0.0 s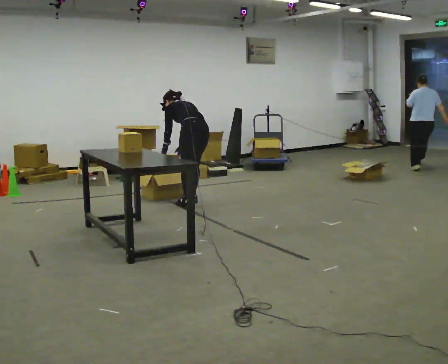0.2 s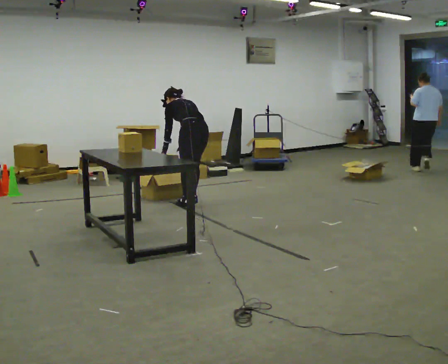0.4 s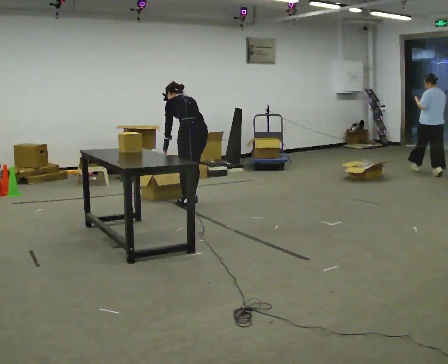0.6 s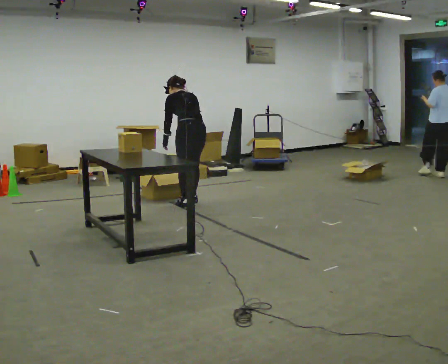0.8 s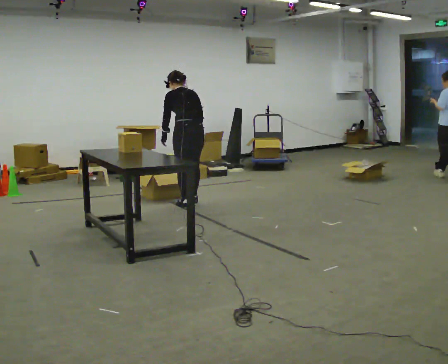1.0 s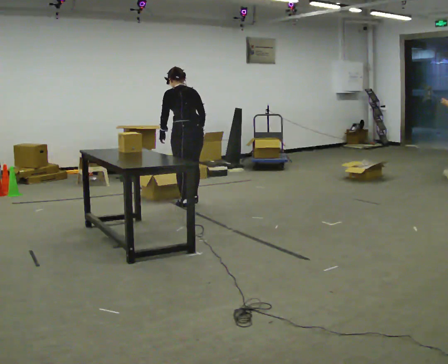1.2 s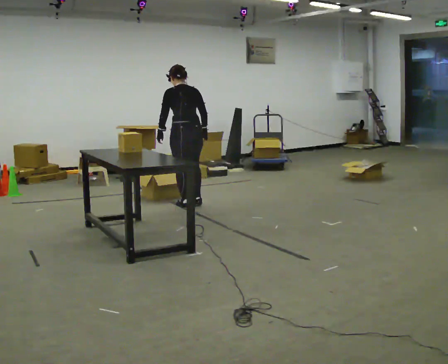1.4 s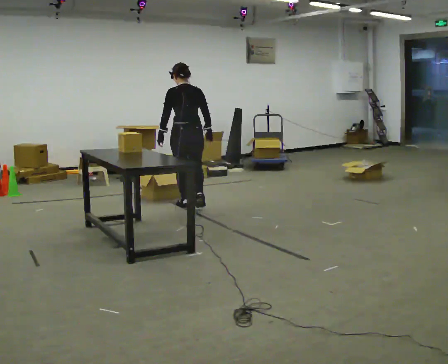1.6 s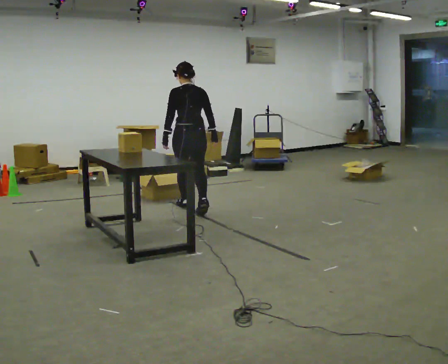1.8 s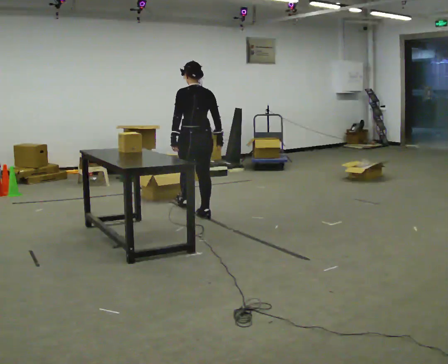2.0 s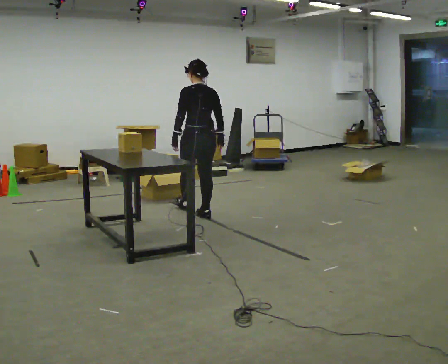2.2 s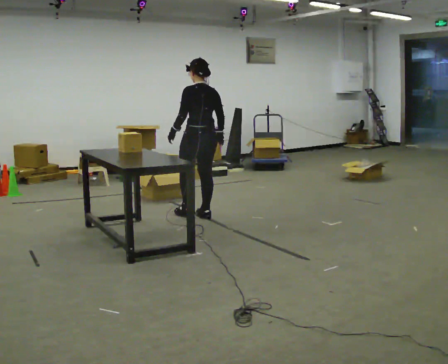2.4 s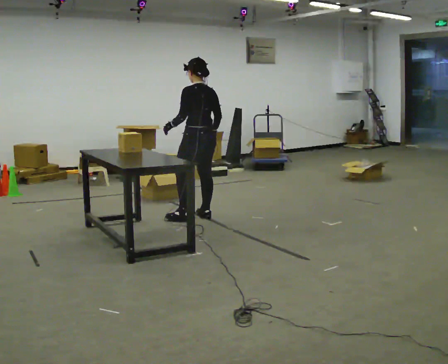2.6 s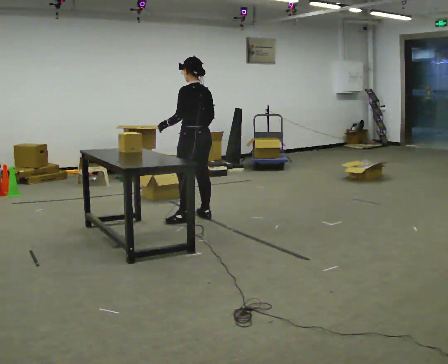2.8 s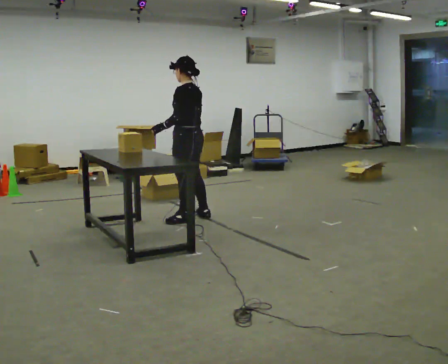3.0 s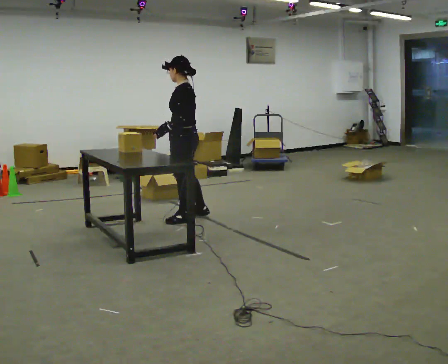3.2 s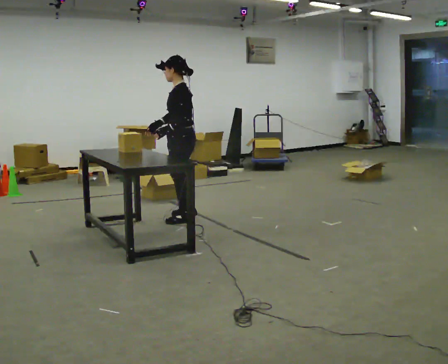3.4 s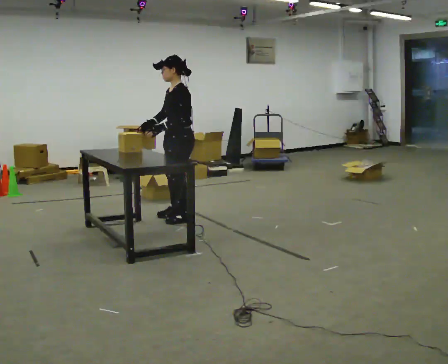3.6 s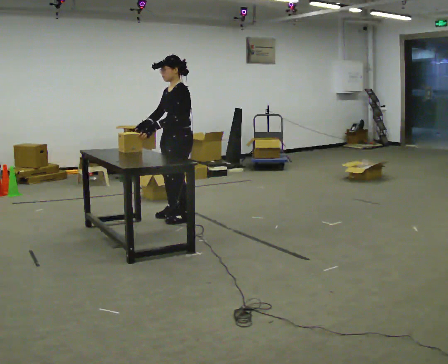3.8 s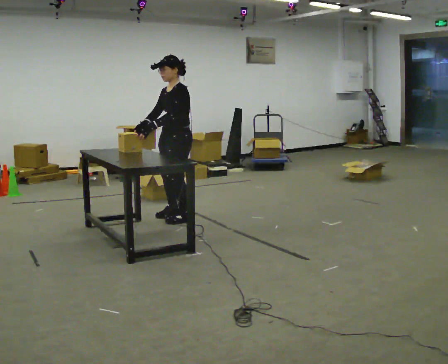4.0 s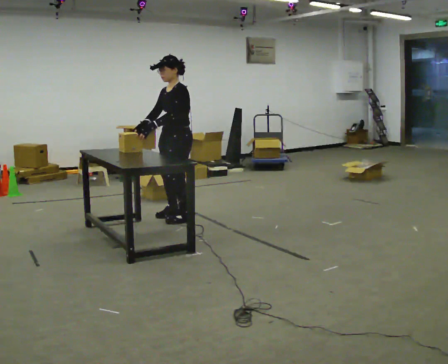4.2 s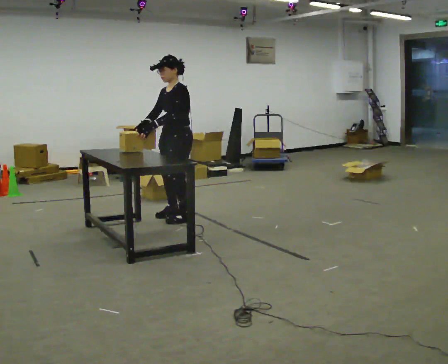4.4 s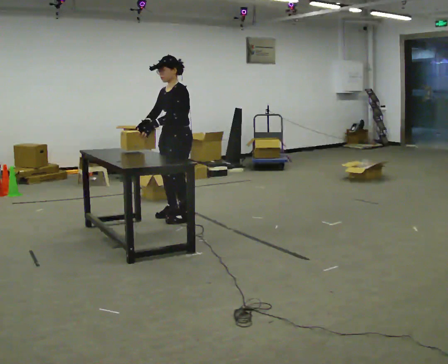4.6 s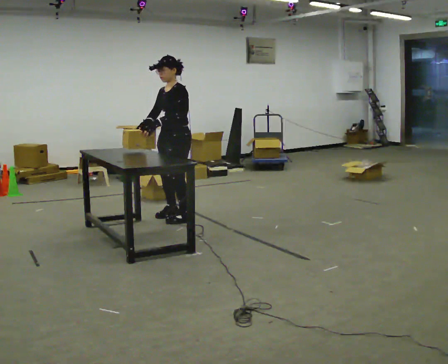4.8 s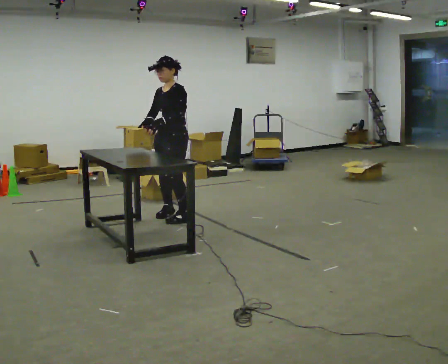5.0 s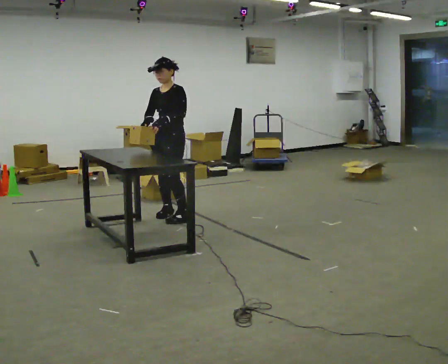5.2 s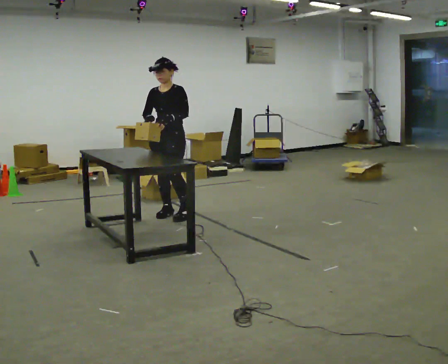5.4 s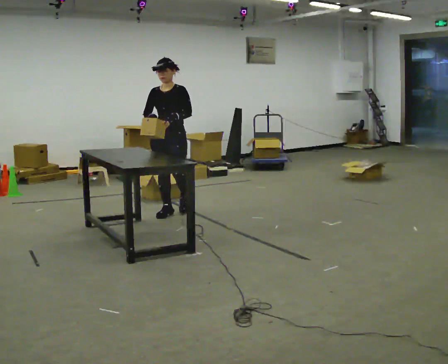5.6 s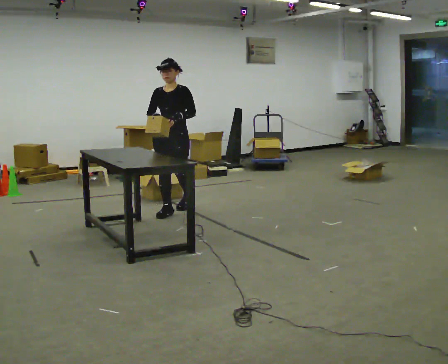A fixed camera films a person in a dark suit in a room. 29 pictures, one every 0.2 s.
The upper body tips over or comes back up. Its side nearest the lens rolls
downward.
Their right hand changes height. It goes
upward.
0.0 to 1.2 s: In the picture they go toward the camera, about 0.25 m in 1 step, which for them is to their left and backward. The upper body goes upward. The upper body tips toward the camera, its near side rolling downward, as they lean back or straighten.
1.2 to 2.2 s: In the picture they go toward the camera and to the right, about 0.5 m in 1 step, which for them is backward.
2.2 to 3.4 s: Seen from above the body turns counterclockwise, about 75 degrees: to their left, with its near side sliding to the right. In the picture they go to the left and toward the camera, about 0.25 m in 1 step.
3.4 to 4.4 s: The person moves a little, or ends about where they began.
4.4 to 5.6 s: The part of the body nearest the lens slides to the right as the person turns to their left by about 45 degrees. In the picture they go away from the camera, about 0.25 m in 1 step, which for them is to their right and backward.
The film runs backward here.
